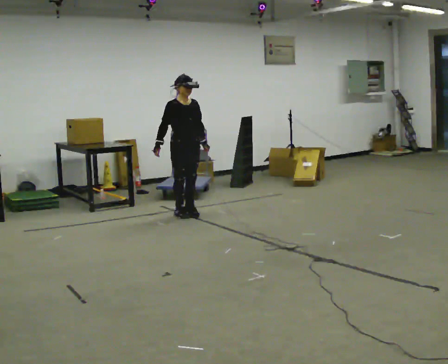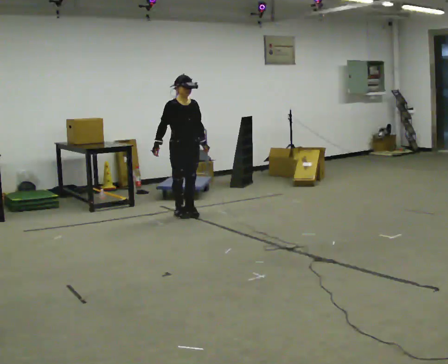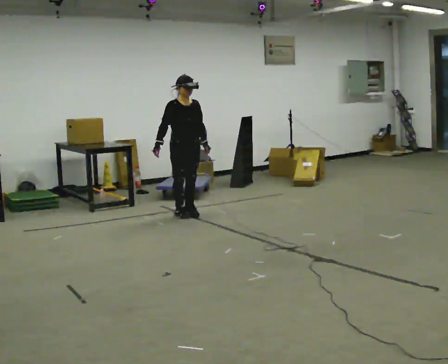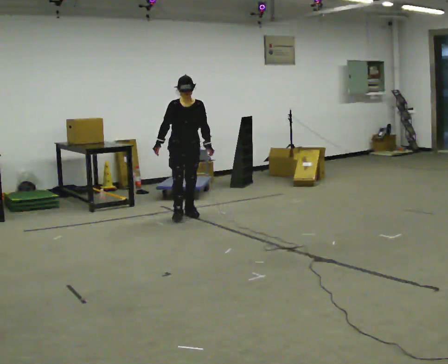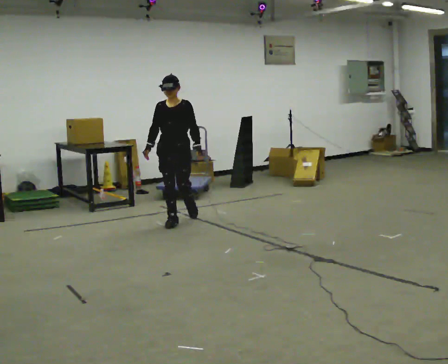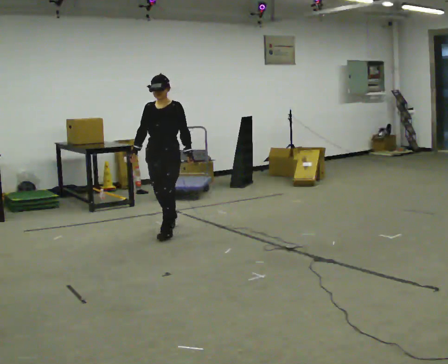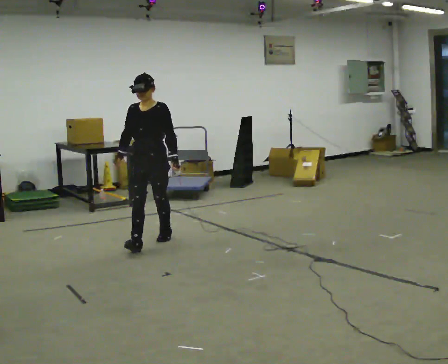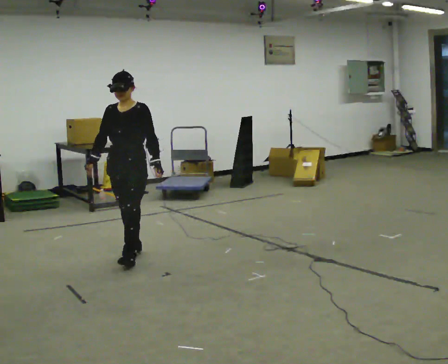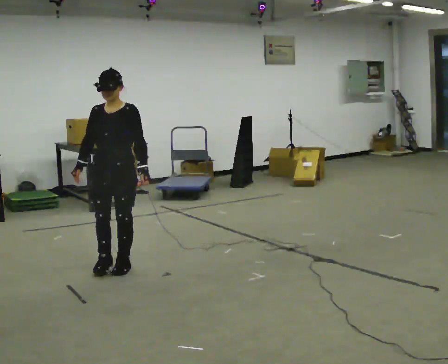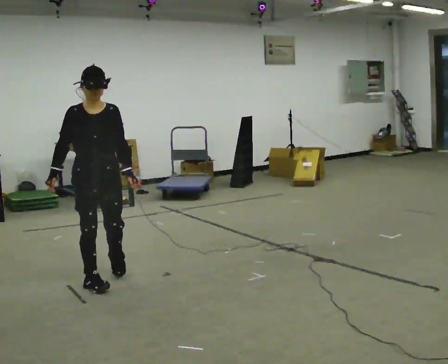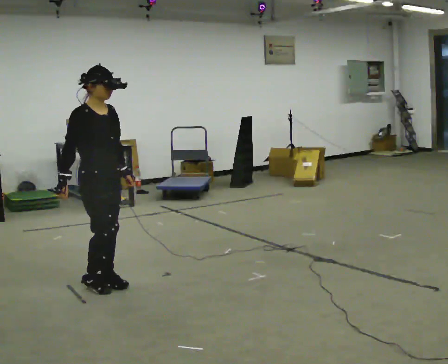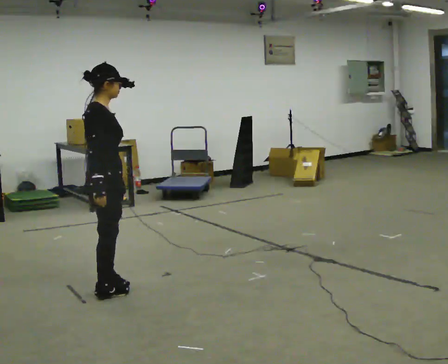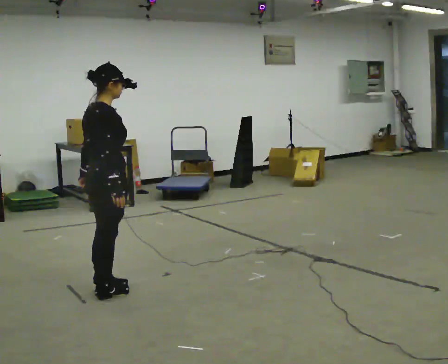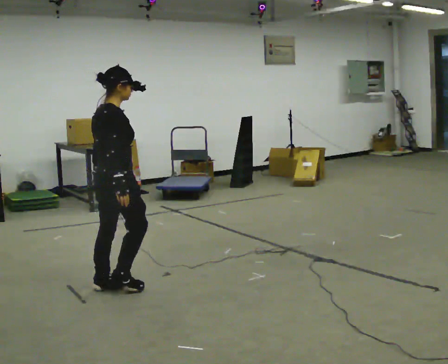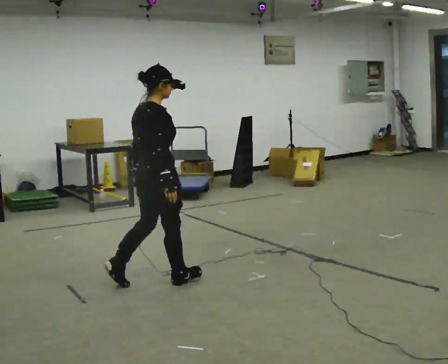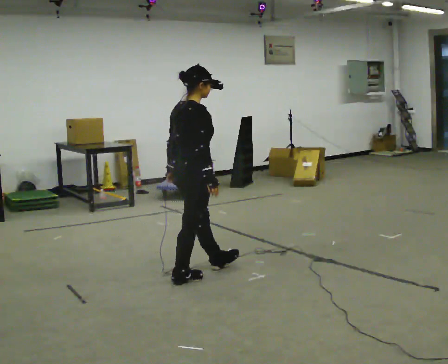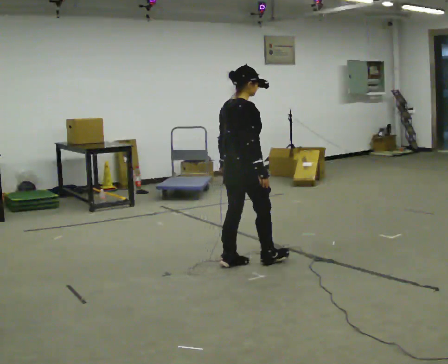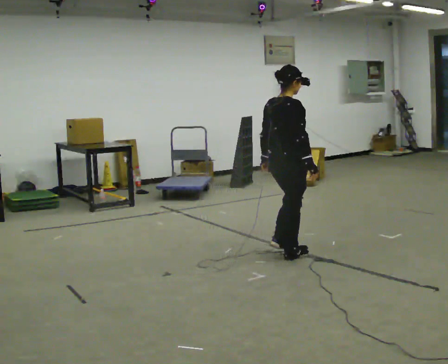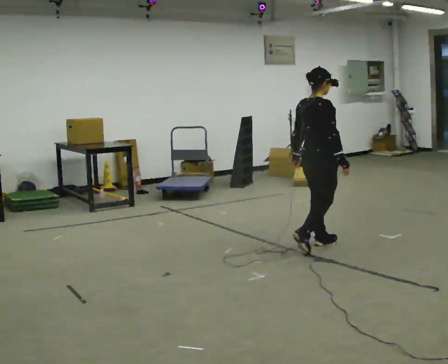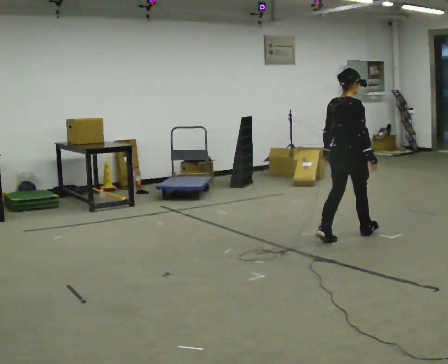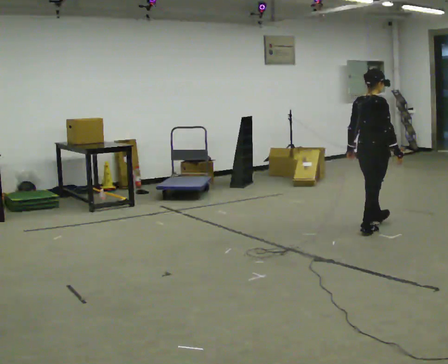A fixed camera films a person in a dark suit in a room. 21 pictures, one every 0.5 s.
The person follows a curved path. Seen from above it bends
counterclockwise.
0.0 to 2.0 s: The part of the body nearest the lens slides to the left as the person turns to their right by about 45 degrees. In the picture they go toward the camera and to the left, about 0.5 m in 1 step, which for them is forward and to their right.
2.0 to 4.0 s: In the picture they go toward the camera and to the left, about 1.5 m in 3 steps, which for them is forward.
4.0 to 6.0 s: The person turns about 135 degrees to their left, counterclockwise seen from above, so the part of the body nearest the lens slides to the right. In the picture they go toward the camera, about 0.5 m in 3 steps.
6.0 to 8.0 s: In the picture they go to the right, about 1 m in 2 steps, which for them is forward.
8.0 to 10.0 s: In the picture they go to the right, about 1.5 m in 3 steps, which for them is forward.
The film runs forward here.
